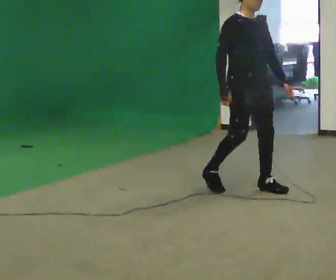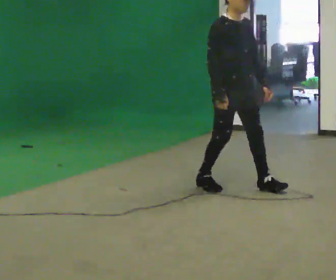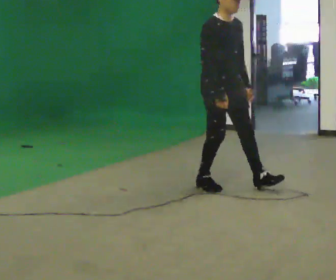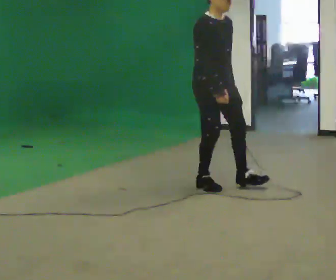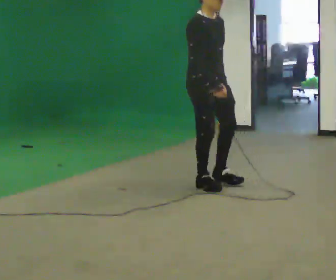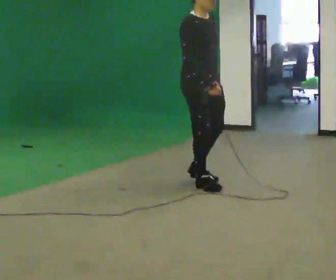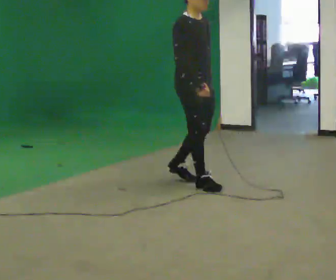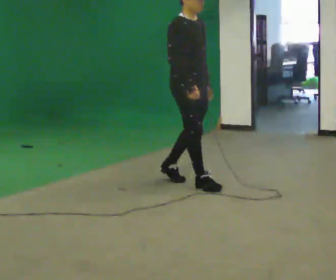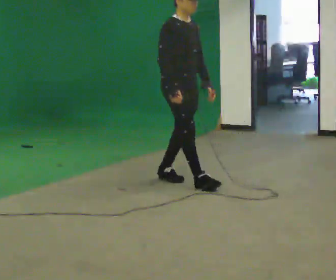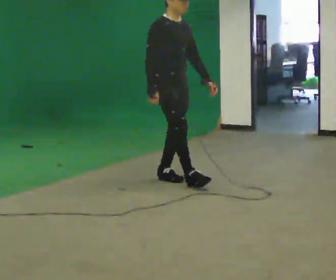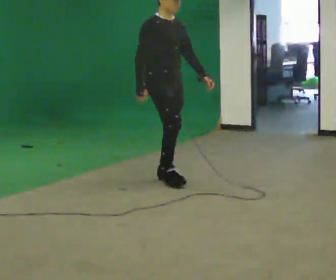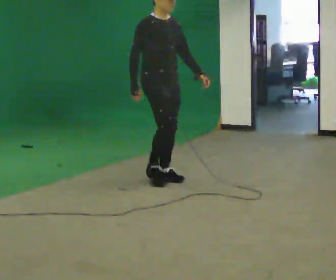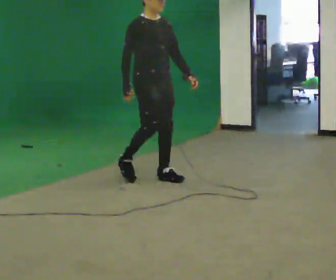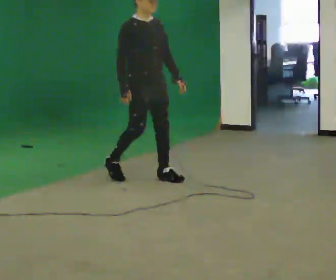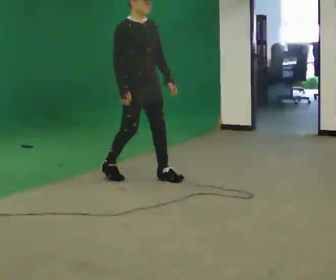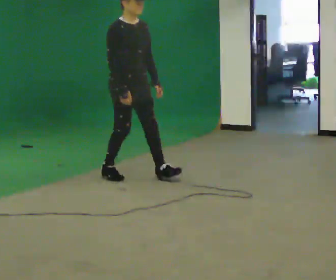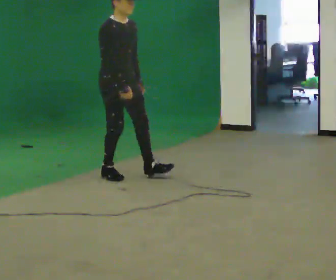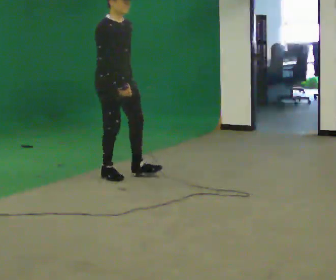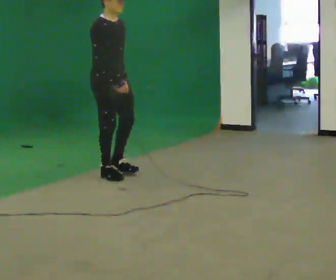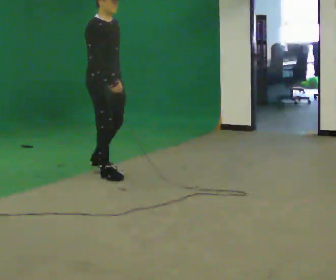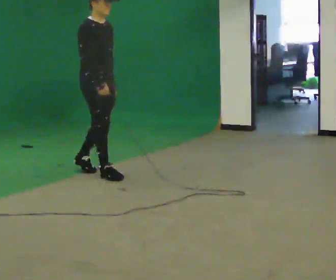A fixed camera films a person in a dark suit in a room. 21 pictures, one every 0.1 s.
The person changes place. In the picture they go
to the left.
0.0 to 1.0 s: In the picture they go to the left and away from the camera, about 1 m in 2 steps, which for them is backward.
1.0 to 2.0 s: In the picture they go to the left and away from the camera, about 0.75 m in 1 step, which for them is backward.
The film runs forward here.
